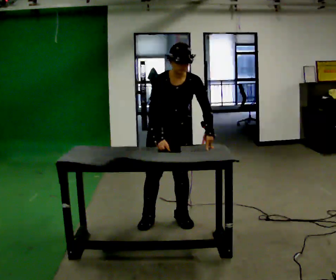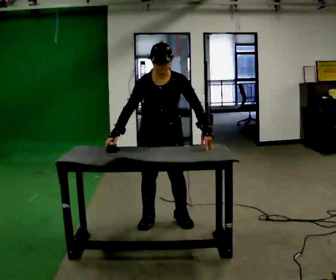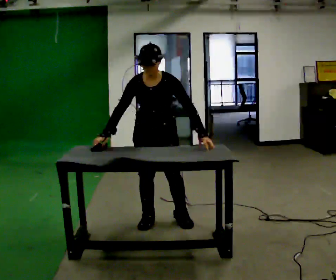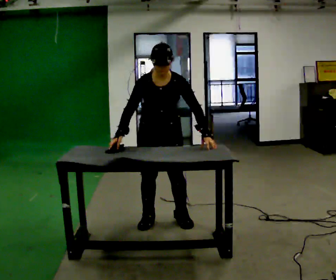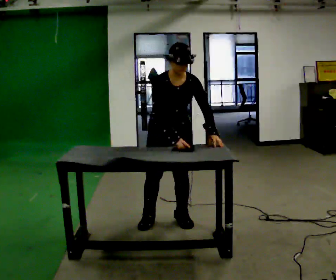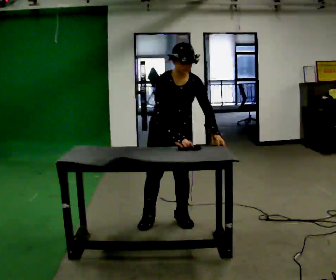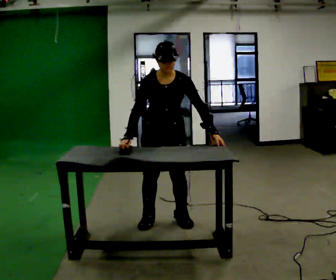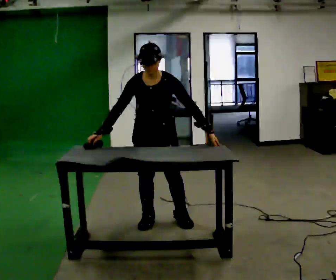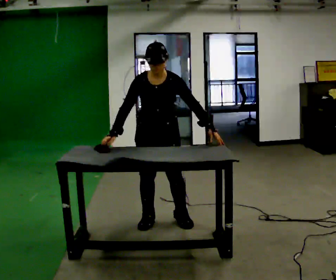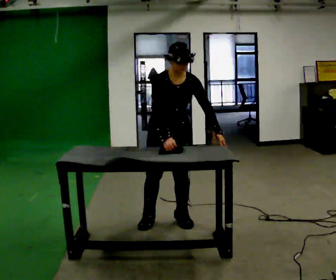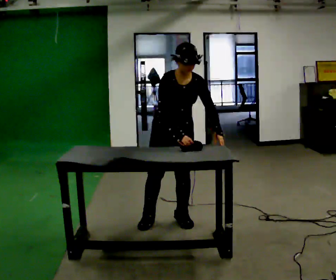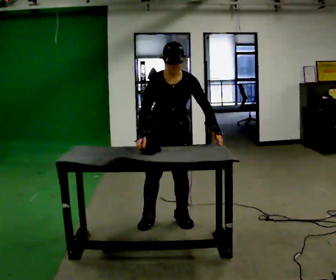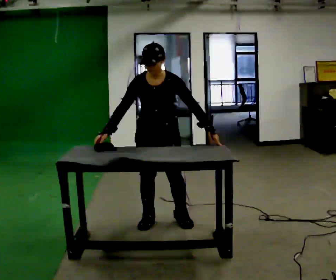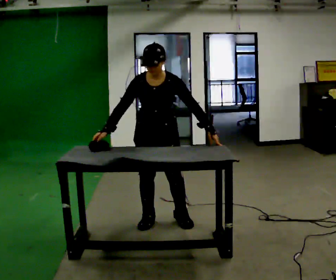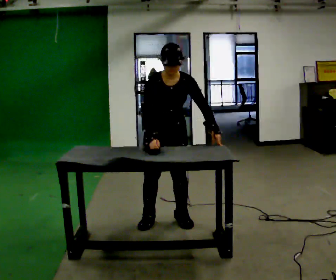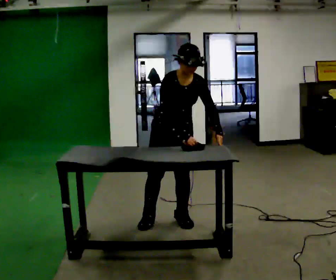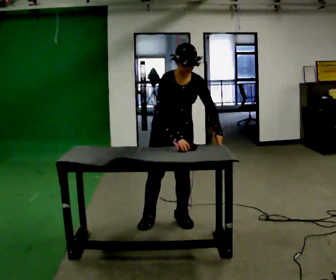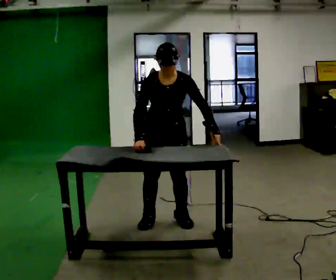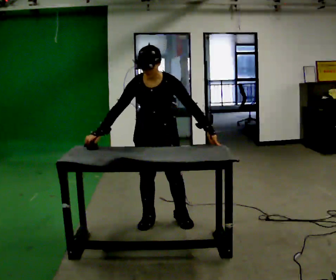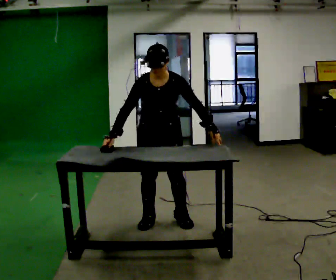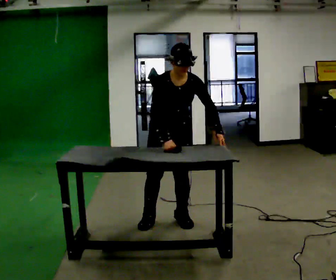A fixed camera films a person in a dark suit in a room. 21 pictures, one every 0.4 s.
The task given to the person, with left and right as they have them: Wipe the whole surface of the table in front of you with the cloth. Repeat at your own pace until the operator says stop. Keep both feet on the marked spots for the whole take. If you have to step, stop and tell the operator.
0.0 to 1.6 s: The person moves a little, or ends about where they began.
1.6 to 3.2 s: In the picture their right hand goes to the left.
3.2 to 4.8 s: The person moves a little, or ends about where they began.
4.8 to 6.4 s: In the picture their right hand goes to the right.
6.4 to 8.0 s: The person moves a little, or ends about where they began.
The film runs forward here.
